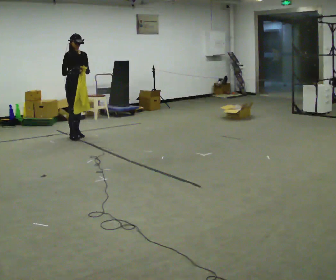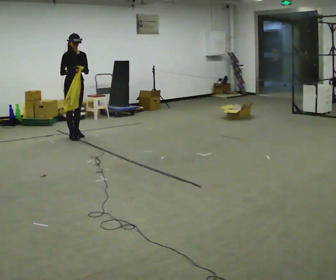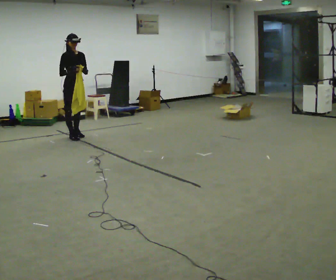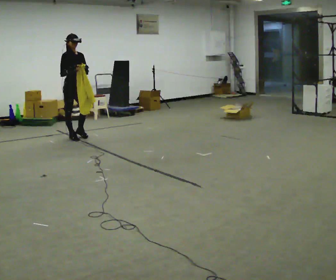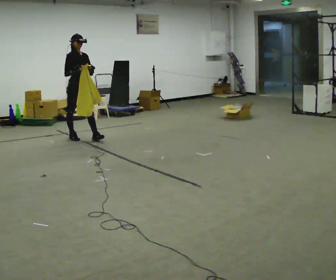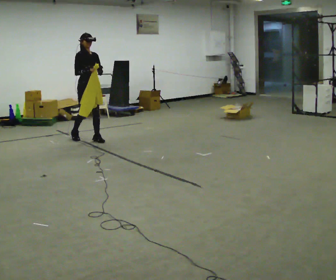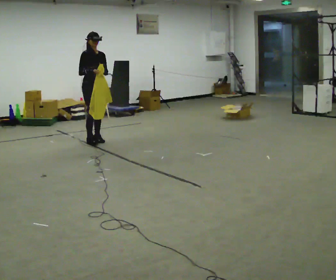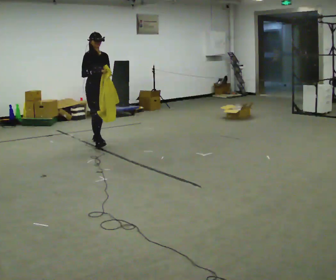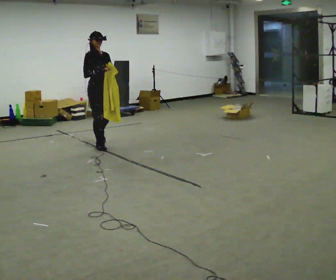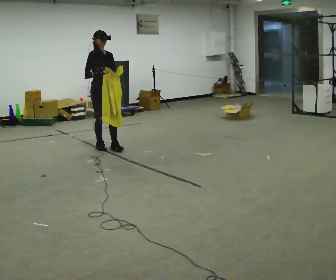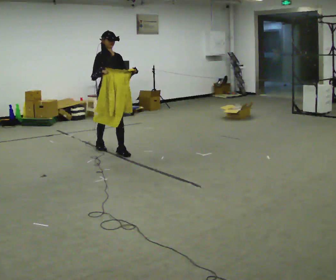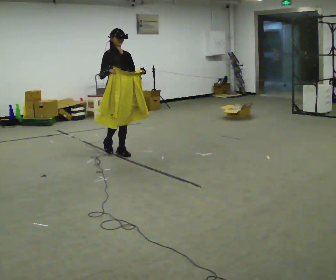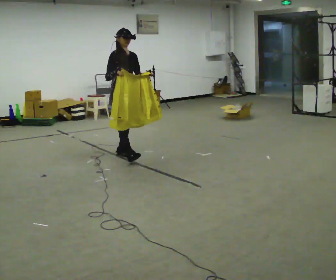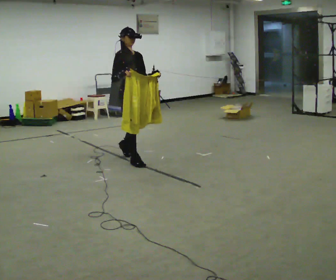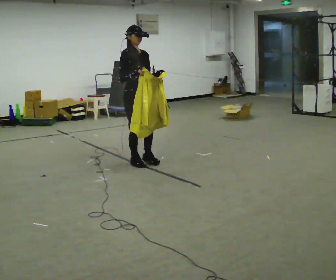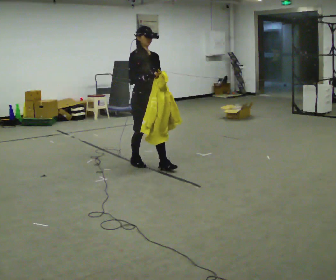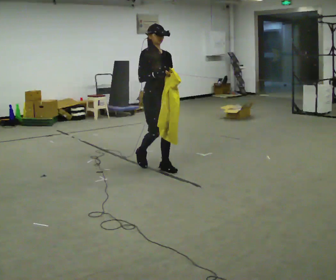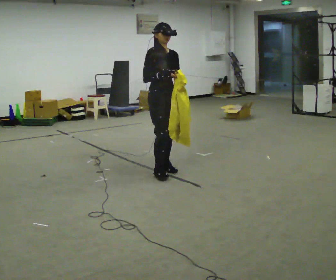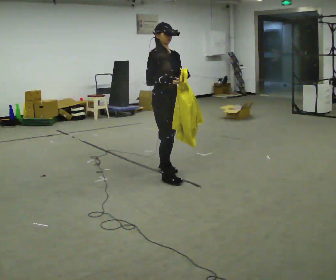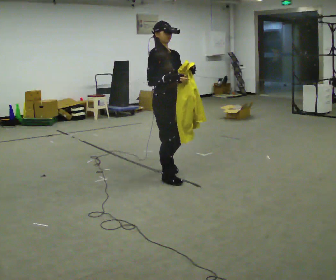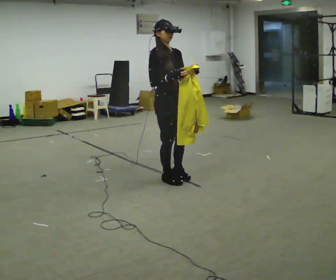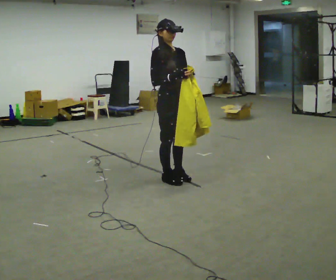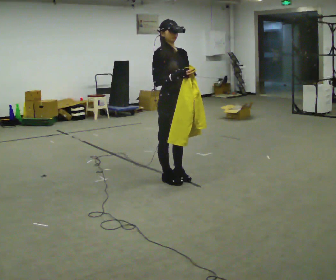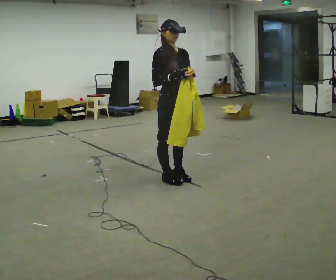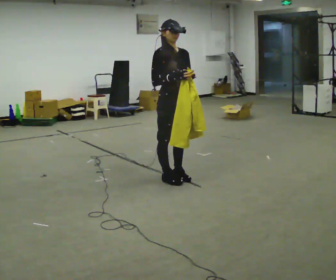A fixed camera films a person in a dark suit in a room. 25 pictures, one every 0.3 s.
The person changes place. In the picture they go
toward the camera.
0.0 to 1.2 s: In the picture they go toward the camera, about 0.25 m in 1 step, which for them is forward.
1.2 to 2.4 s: In the picture they go toward the camera and to the right, about 0.5 m in 1 step, which for them is forward.
2.4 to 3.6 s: In the picture they go toward the camera and to the right, about 0.75 m in 1 step, which for them is forward.
3.6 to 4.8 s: In the picture they go toward the camera and to the right, about 0.75 m in 2 steps, which for them is forward.
4.8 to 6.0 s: In the picture they go toward the camera, about 0.5 m in 2 steps, which for them is forward.
6.0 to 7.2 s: The person moves a little, or ends about where they began.
The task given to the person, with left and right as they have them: Carry the cloth and, while walking, fold it in half, then unfold it. Keep repeating as you walk. Do not stop.
The film runs forward here.
